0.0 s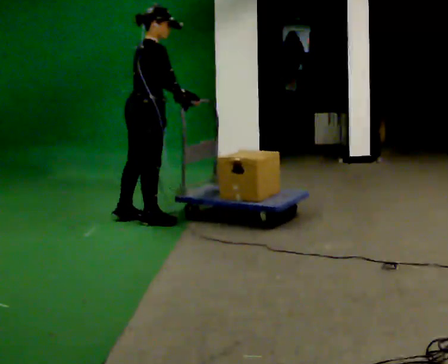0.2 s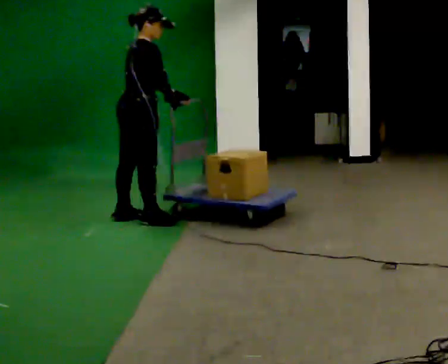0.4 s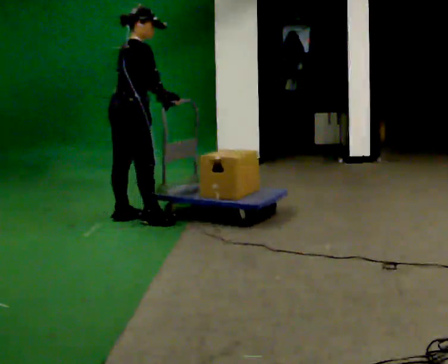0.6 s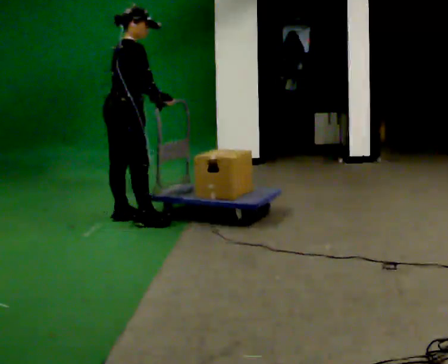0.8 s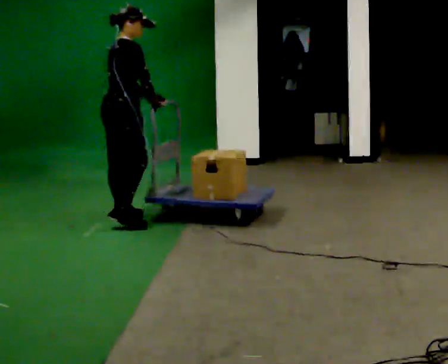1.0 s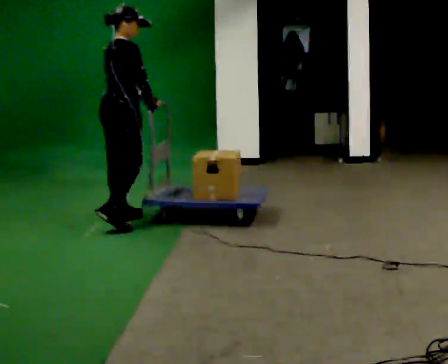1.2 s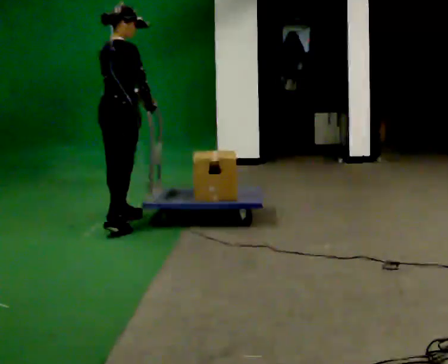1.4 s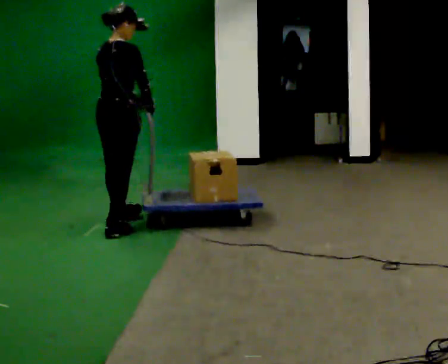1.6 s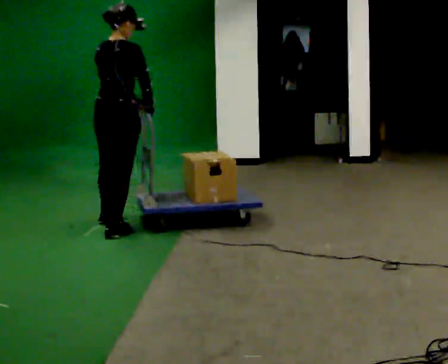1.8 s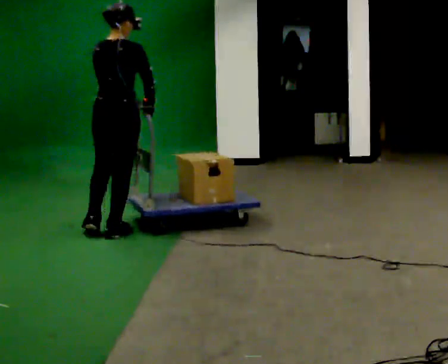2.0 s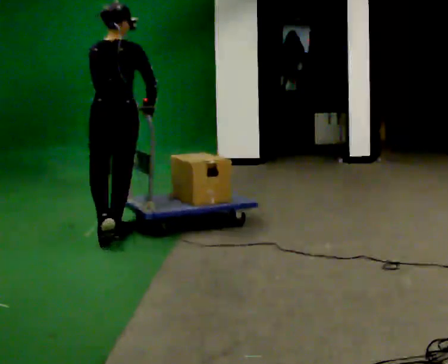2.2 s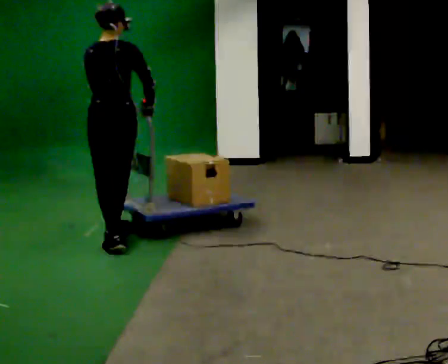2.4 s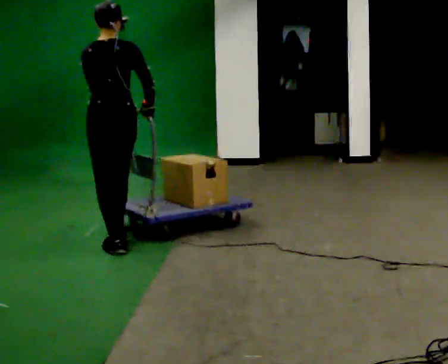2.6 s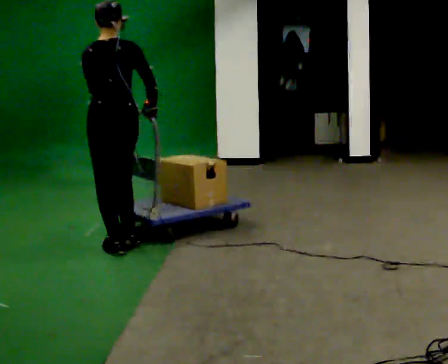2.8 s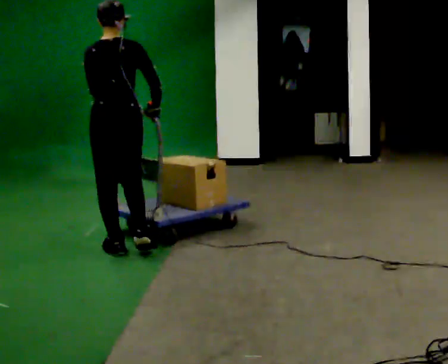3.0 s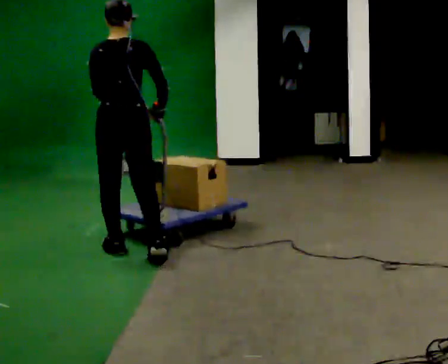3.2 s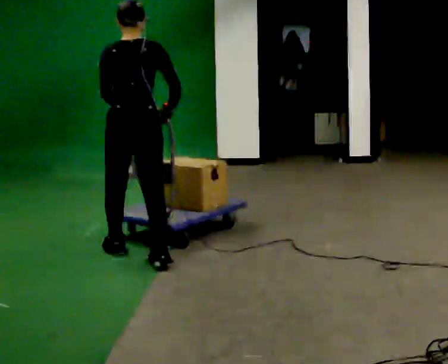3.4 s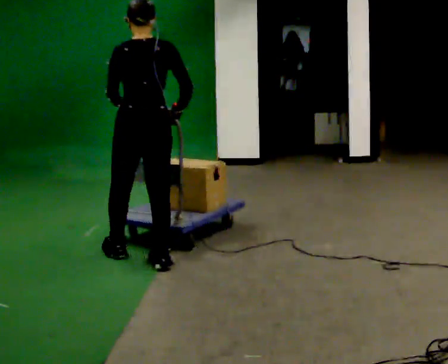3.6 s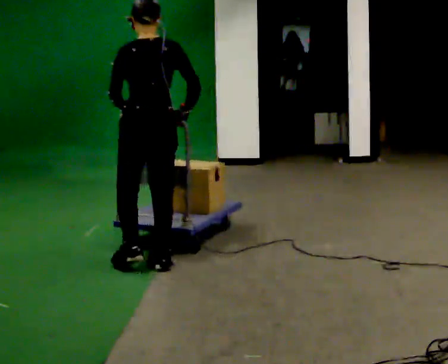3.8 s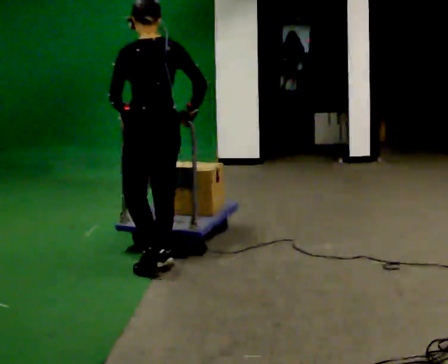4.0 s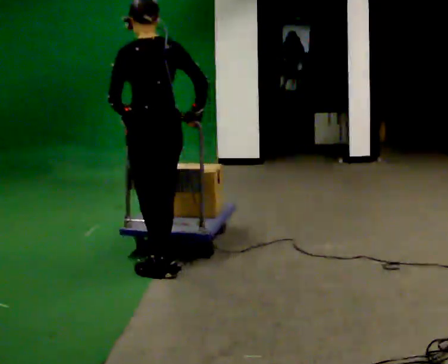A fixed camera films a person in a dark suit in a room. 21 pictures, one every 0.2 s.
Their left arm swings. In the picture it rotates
clockwise.
The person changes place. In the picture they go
toward the camera.
0.0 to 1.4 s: In the picture they go to the left, about 0.25 m in 1 step, which for them is backward. In the picture their left hand goes to the left.
1.4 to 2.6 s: Seen from above the body turns counterclockwise, about 60 degrees: to their left, with its near side sliding to the right. In the picture they go toward the camera, about 0.5 m in 2 steps, which for them is backward.
2.6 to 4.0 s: In the picture they go toward the camera and to the right, about 0.5 m in 1 step, which for them is backward and to their right.
The film runs backward here.
